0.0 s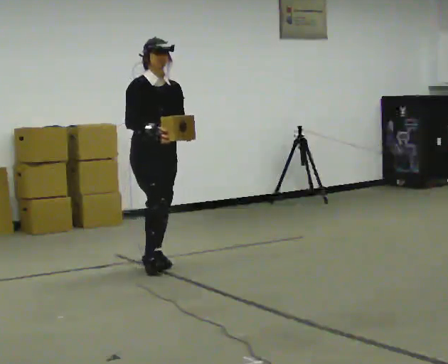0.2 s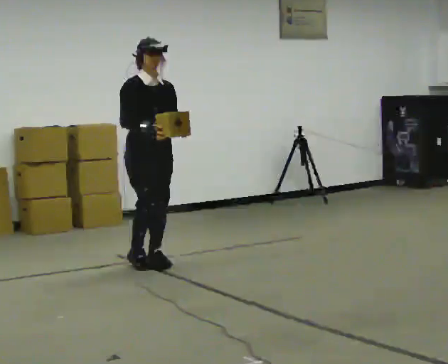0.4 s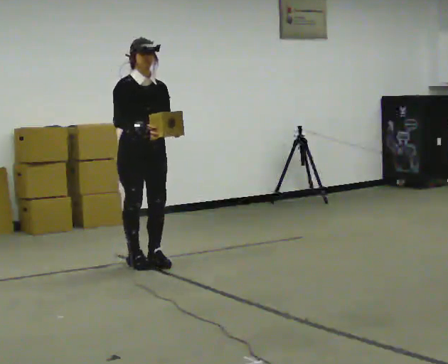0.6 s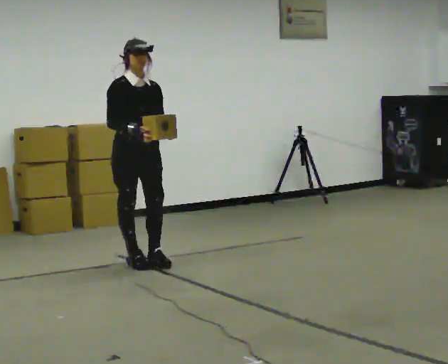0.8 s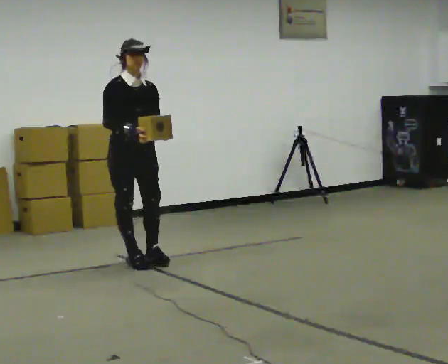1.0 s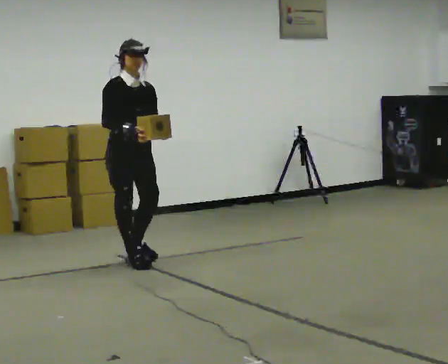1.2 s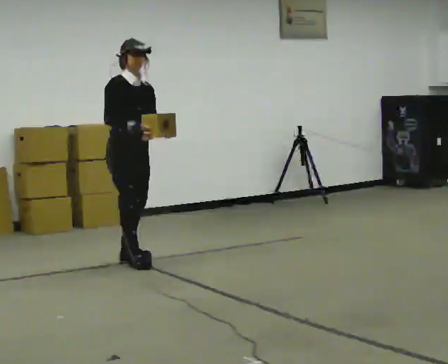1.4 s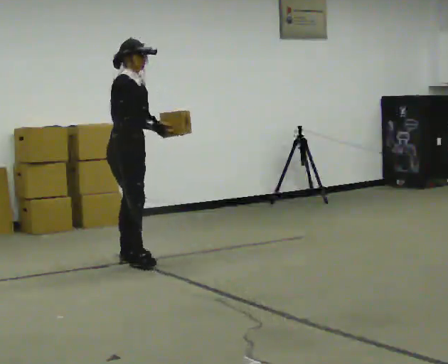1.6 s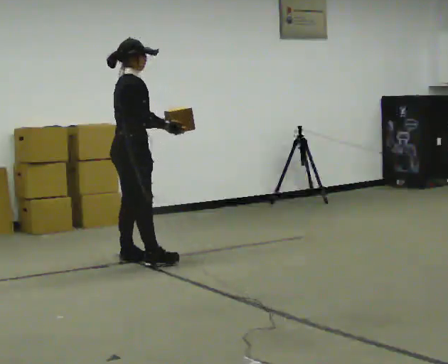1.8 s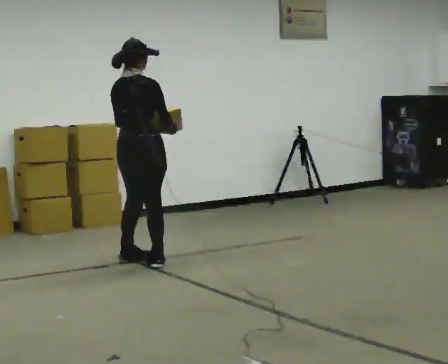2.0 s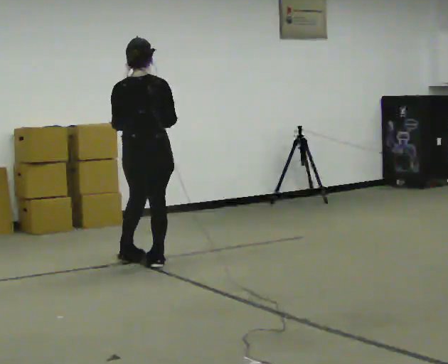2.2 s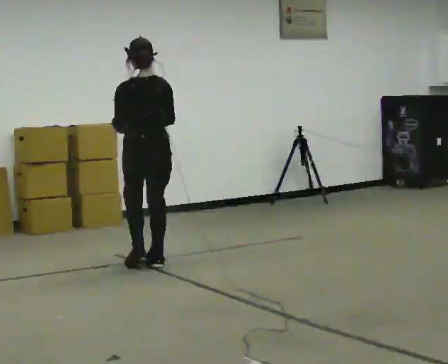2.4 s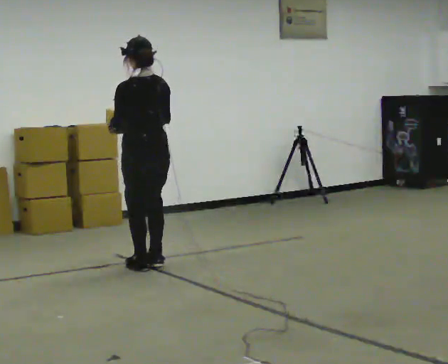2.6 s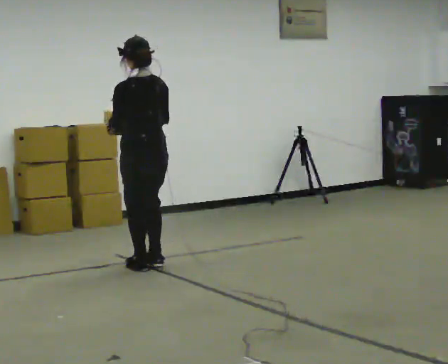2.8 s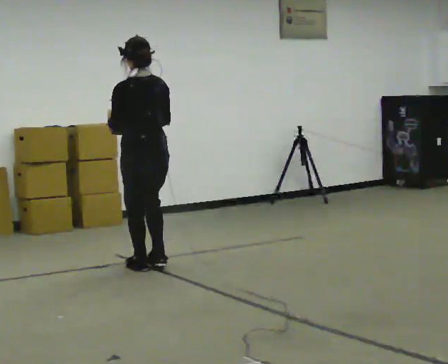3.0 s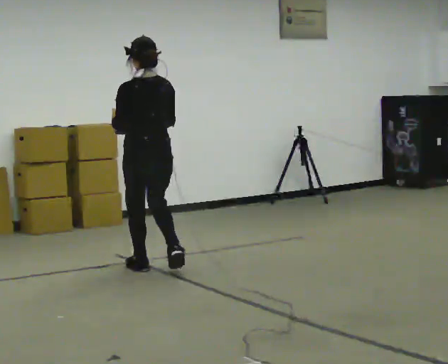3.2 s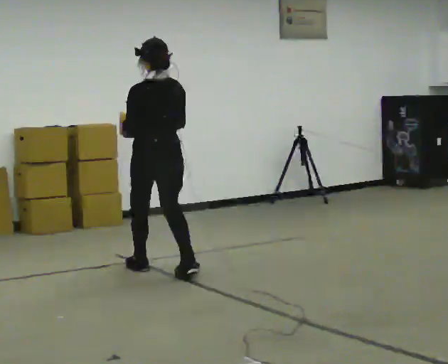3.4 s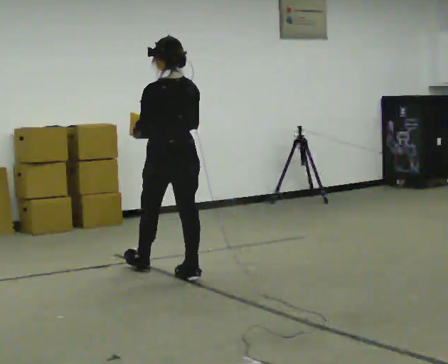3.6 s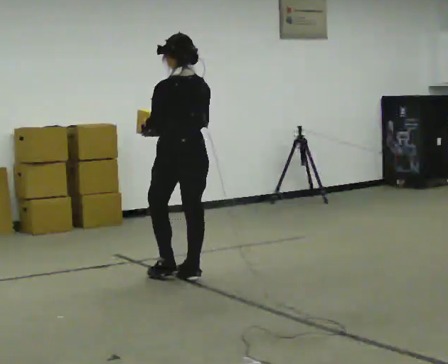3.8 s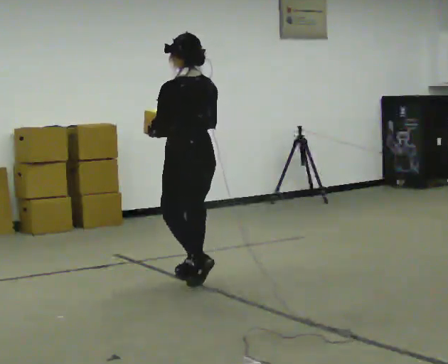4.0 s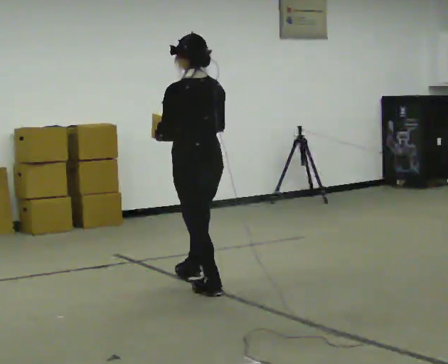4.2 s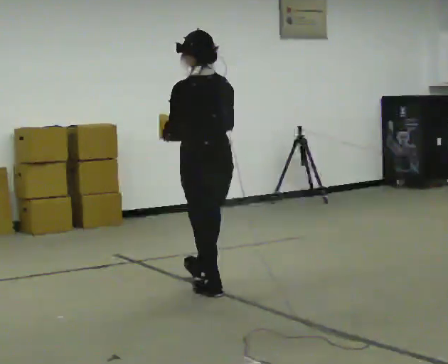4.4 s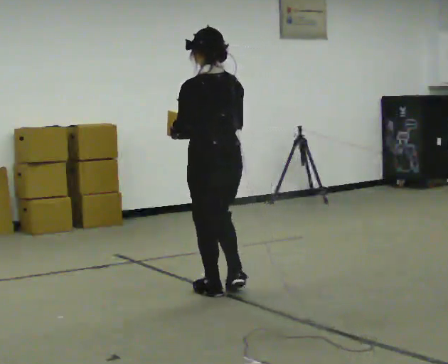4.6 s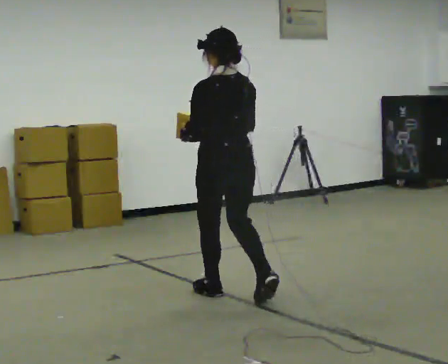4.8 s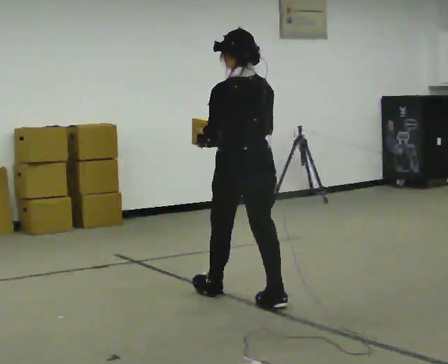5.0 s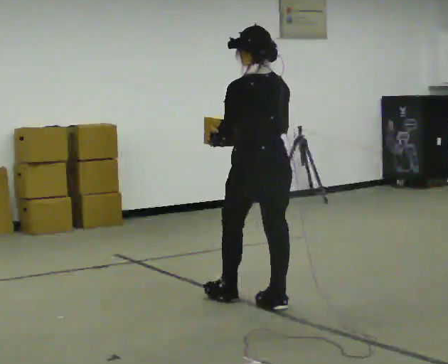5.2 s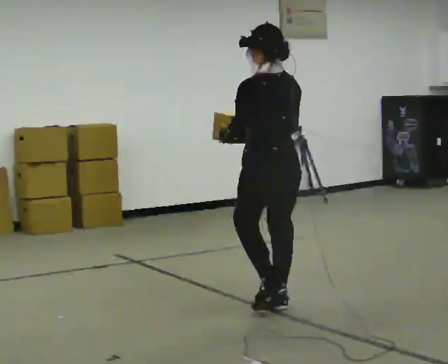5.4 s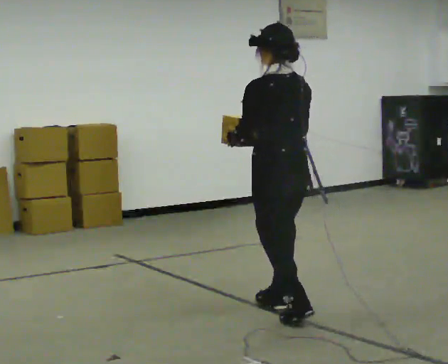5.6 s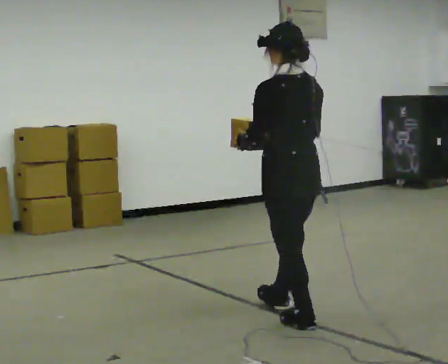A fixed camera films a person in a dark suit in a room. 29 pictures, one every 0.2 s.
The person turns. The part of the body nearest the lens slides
to the right.
The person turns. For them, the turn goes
to their left.
0.0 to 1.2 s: In the picture they go to the left and away from the camera, about 0.25 m in 1 step, which for them is backward.
1.2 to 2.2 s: The part of the body nearest the lens slides to the right as the person turns to their left by about 150 degrees.
2.2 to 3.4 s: In the picture they go toward the camera and to the right, about 0.25 m in 2 steps, which for them is backward.
3.4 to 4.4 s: In the picture they go toward the camera and to the right, about 0.75 m in 1 step, which for them is backward.
4.4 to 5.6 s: In the picture they go toward the camera and to the right, about 0.5 m in 1 step, which for them is backward.
The film runs backward here.
